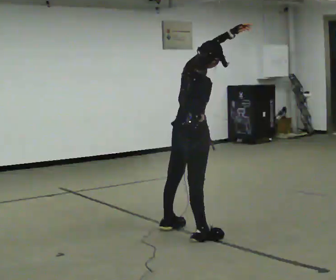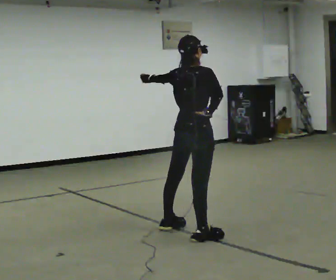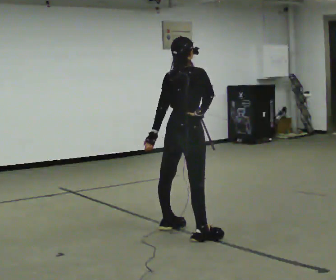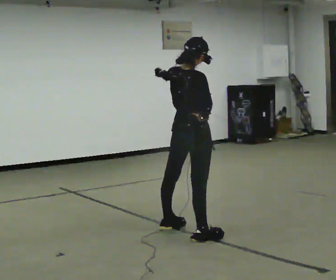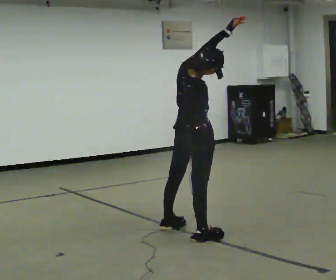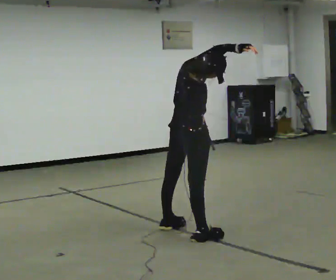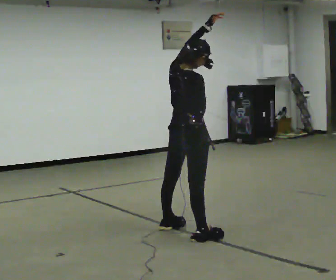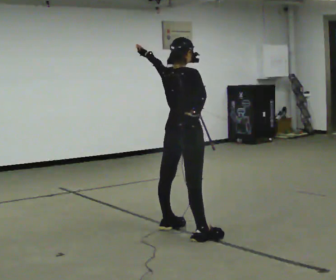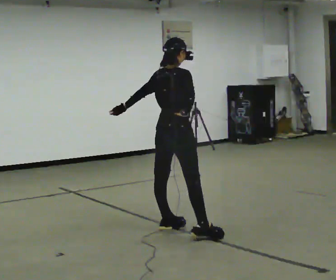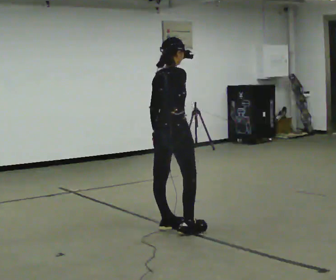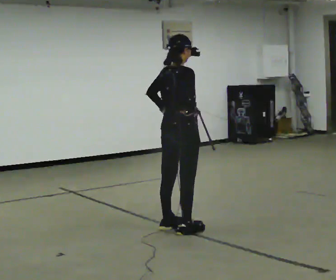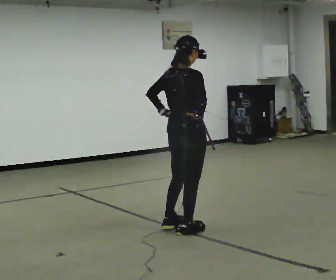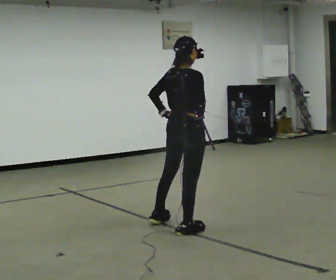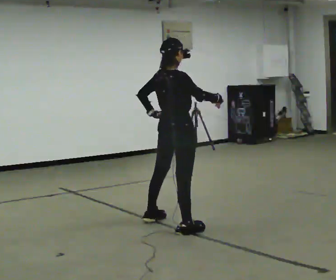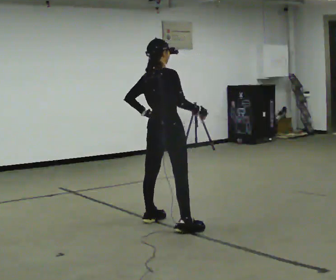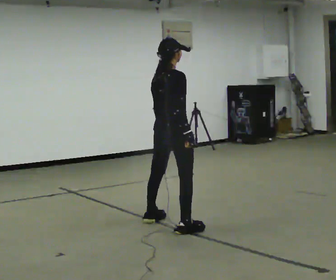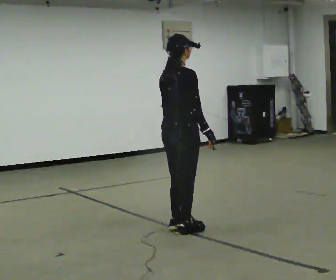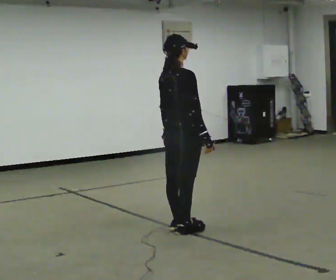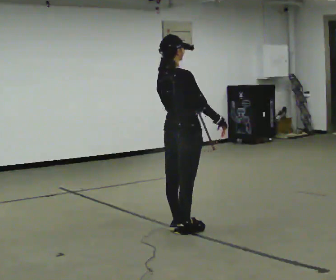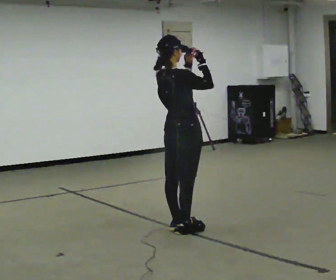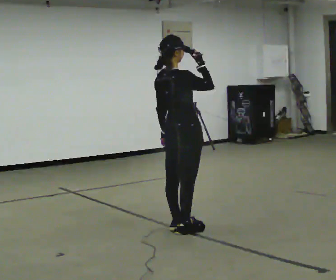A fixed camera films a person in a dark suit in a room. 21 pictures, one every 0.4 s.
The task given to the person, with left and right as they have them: Dance freely at a slow tempo as if to slow music; keep moving continuously.
0.0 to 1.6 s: The person moves a little, or ends about where they began.
1.6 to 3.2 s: In the picture they go away from the camera, about 0.25 m, which for them is to their left. The upper body tips away from the camera, its near side rolling upward. In the picture their left hand goes to the left and downward, the arm swinging counterclockwise.
3.2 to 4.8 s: In the picture their left hand goes to the right.
4.8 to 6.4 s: The person moves a little, or ends about where they began.
6.4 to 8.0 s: In the picture their right hand goes upward.
The film runs forward here.
